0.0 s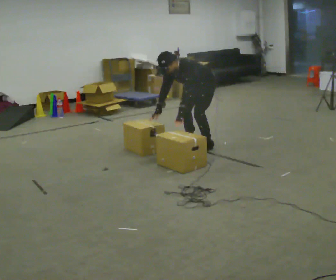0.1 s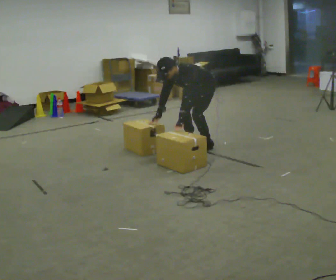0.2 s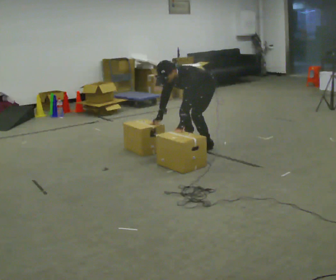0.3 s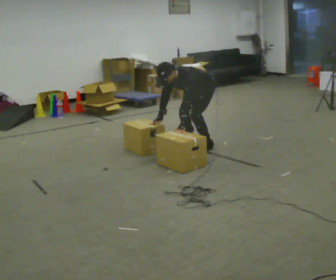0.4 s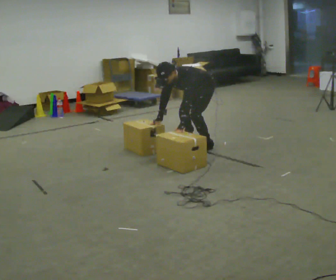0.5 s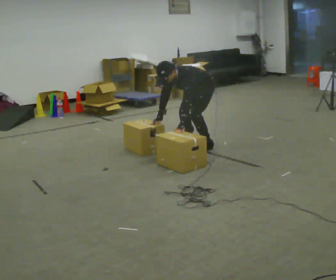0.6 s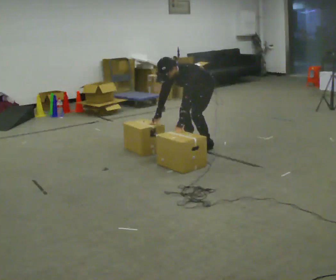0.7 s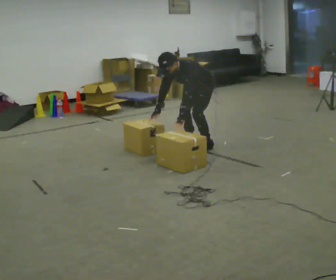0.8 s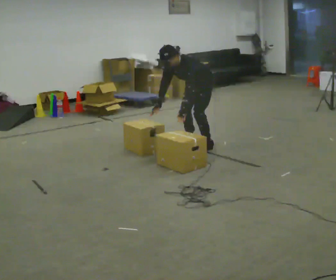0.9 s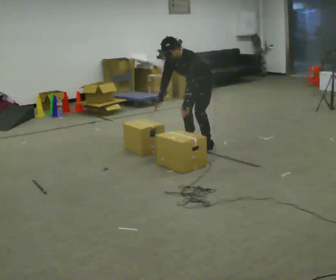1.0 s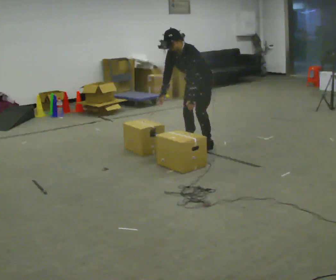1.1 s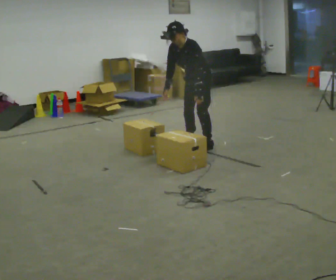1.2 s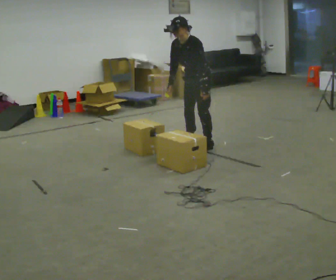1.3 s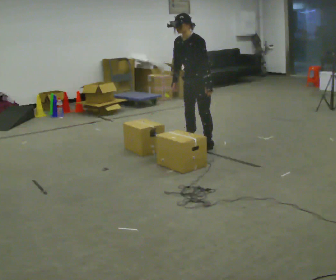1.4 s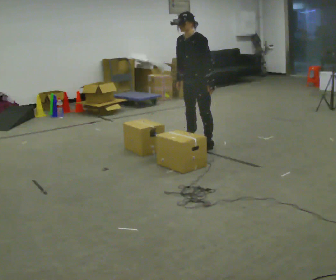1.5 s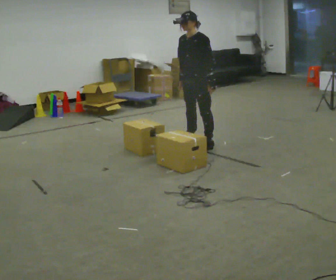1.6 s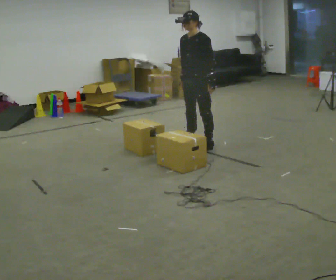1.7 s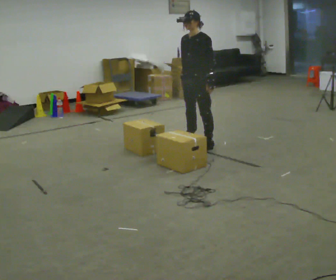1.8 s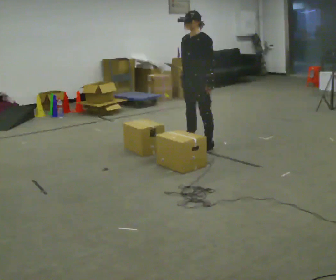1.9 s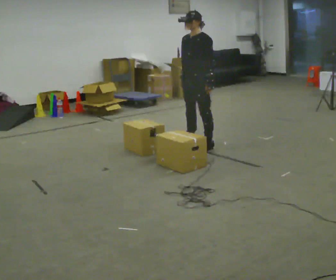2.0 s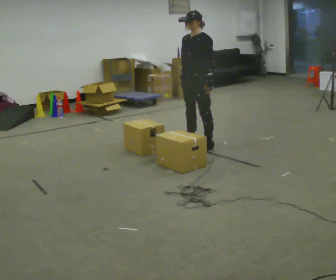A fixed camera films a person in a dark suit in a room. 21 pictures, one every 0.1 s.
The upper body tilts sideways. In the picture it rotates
clockwise.
0.0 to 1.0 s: The person moves a little, or ends about where they began.
1.0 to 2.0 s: The upper body goes upward. In the picture the upper body tilts clockwise, shoulders to the right, as they lean back or straighten.
The film runs forward here.
